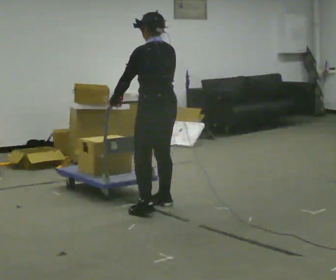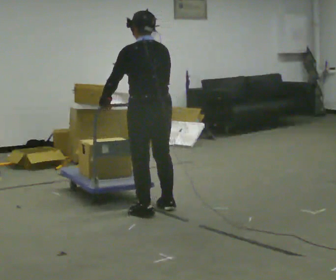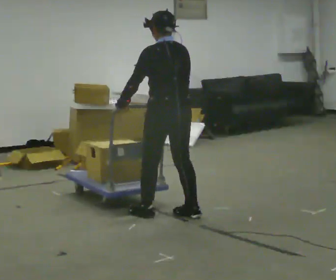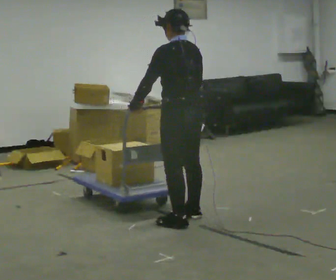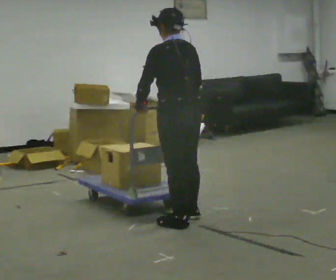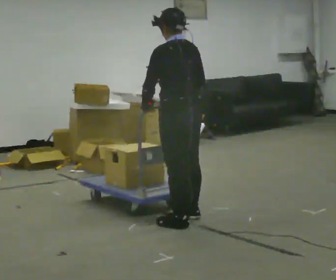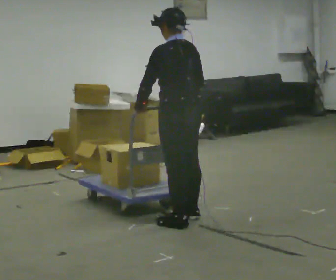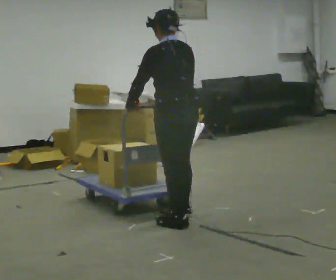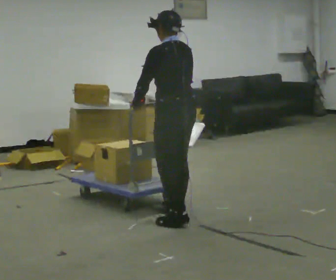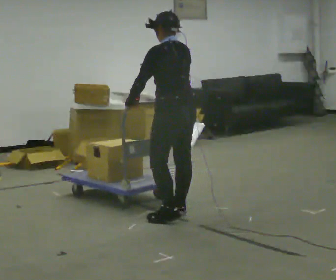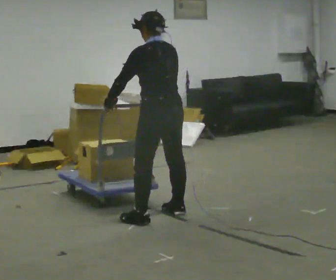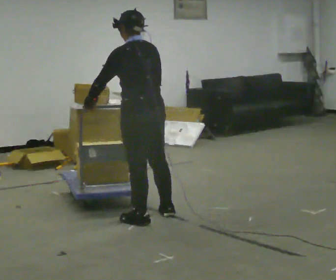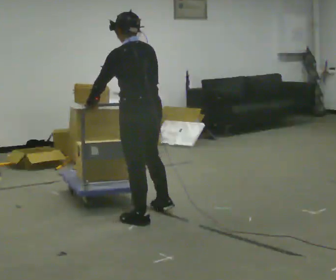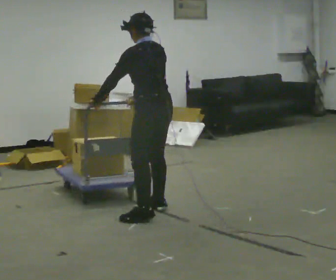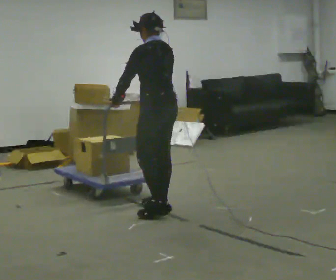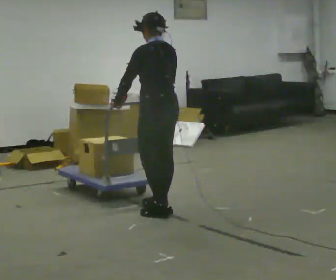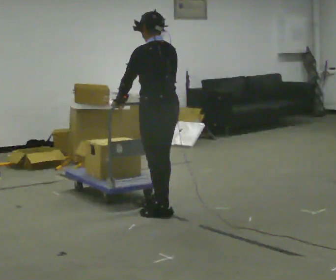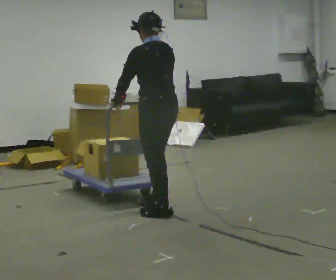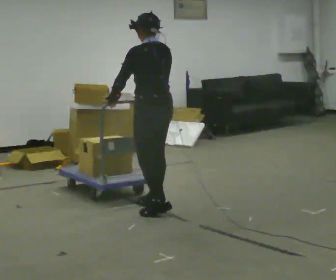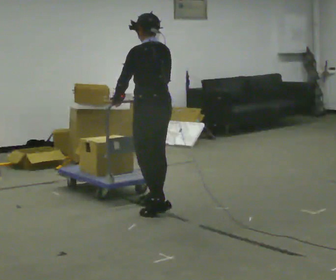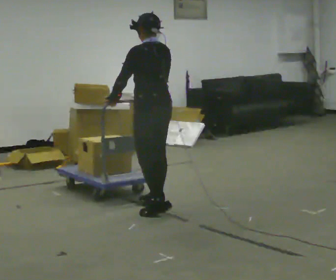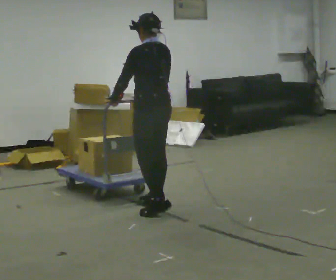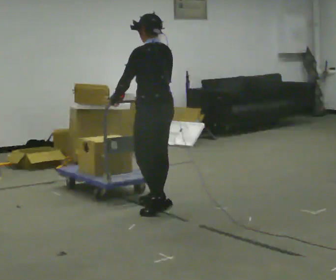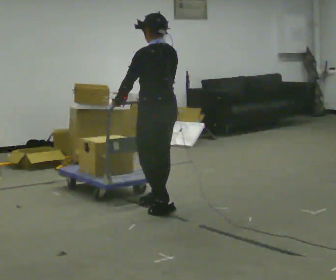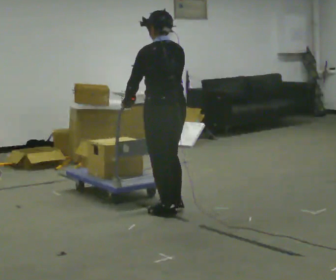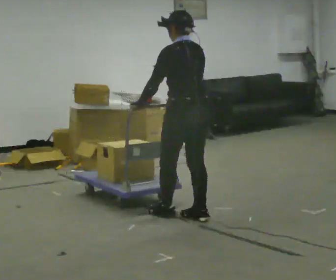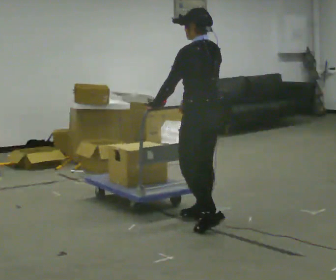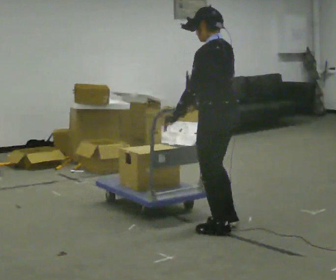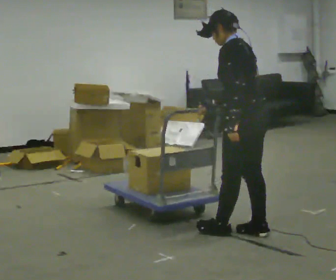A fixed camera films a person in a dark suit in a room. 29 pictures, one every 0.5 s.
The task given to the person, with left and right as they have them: Get the cart into the marked parking space and lined up with the tape. Take as many adjustments as you need. Then take it out again and repeat.
0.0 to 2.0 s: In the picture they go toward the camera and to the right, about 0.5 m in 2 steps, which for them is backward.
2.0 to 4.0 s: In the picture they go away from the camera, about 0.25 m, which for them is forward.
4.0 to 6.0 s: In the picture they go to the left, about 0.25 m in 1 step, which for them is to their left and forward.
6.0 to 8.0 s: The person moves a little, or ends about where they began.
8.0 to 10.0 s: In the picture they go away from the camera, about 0.25 m, which for them is forward and to their right.
10.0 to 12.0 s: In the picture they go toward the camera, about 0.25 m, which for them is backward and to their left.
12.0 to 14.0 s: In the picture they go to the right and toward the camera, about 1 m in 3 steps, which for them is backward.
The film runs forward here.
